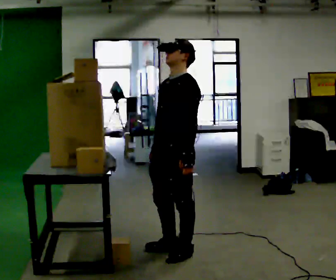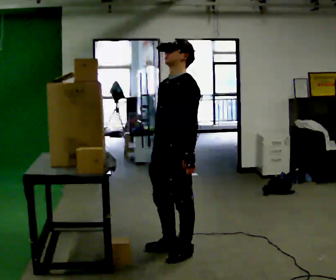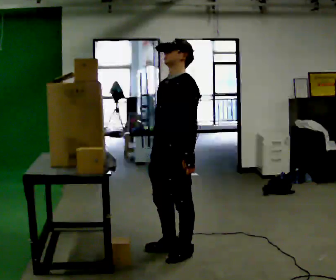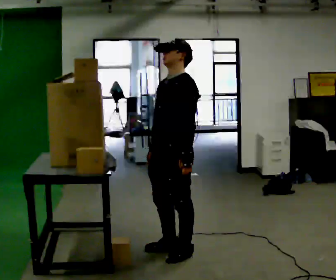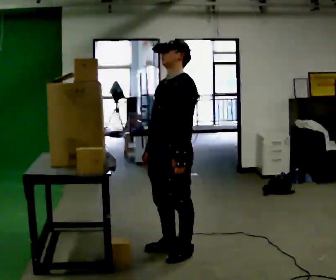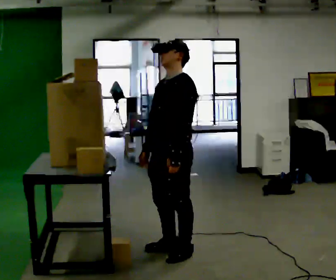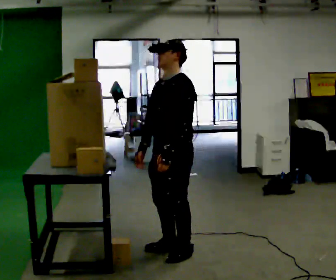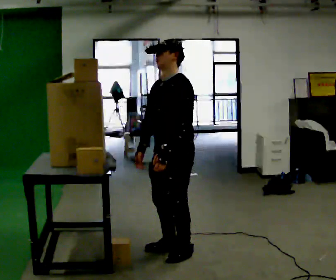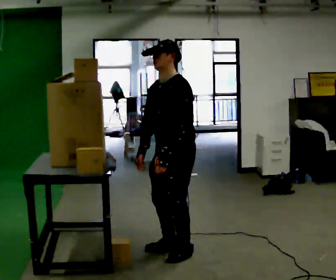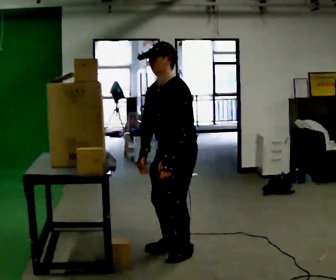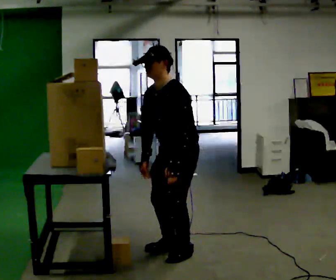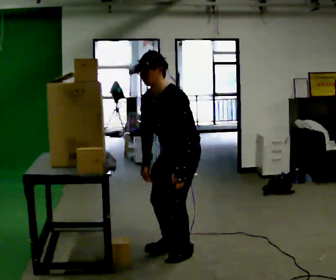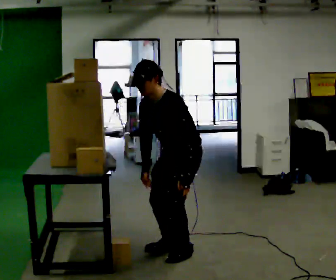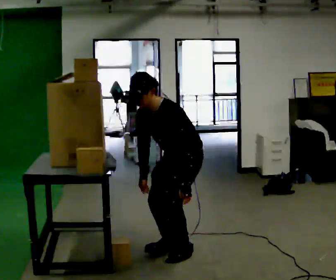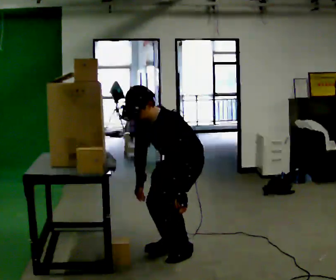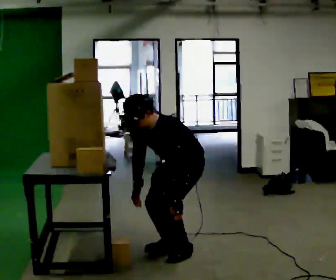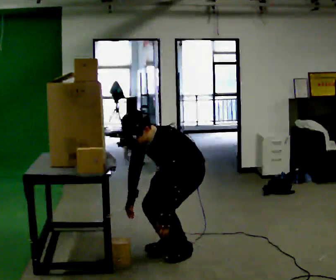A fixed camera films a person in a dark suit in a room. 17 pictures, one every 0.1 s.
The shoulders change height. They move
downward.
Their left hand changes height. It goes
downward.
0.0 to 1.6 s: The upper body goes downward. In the picture the upper body tilts counterclockwise, shoulders to the left, as they bend forward. In the picture their left hand goes downward.
The film runs backward here.
